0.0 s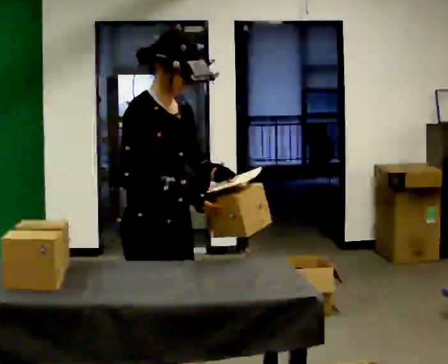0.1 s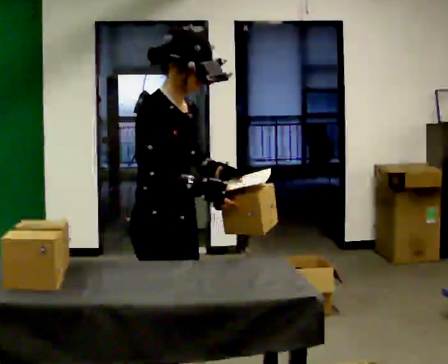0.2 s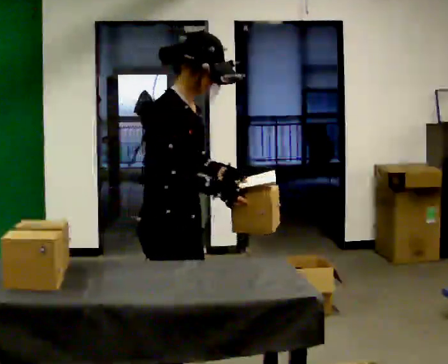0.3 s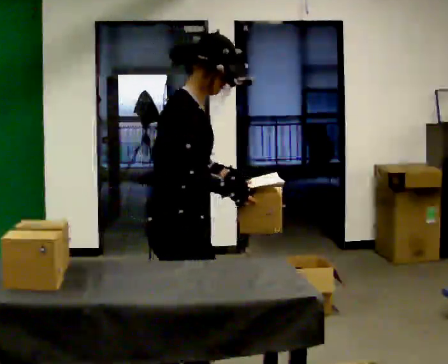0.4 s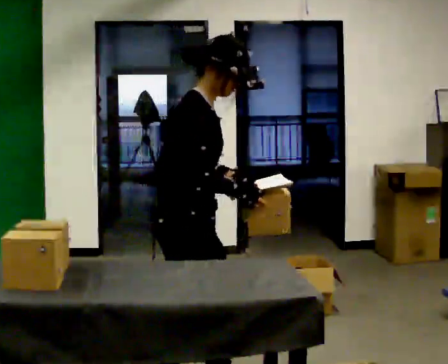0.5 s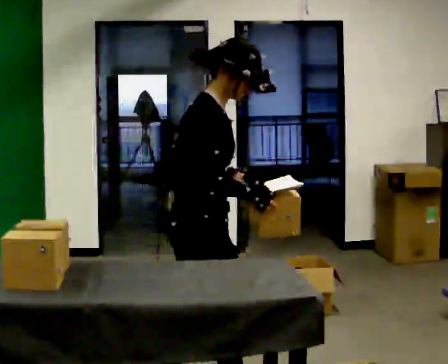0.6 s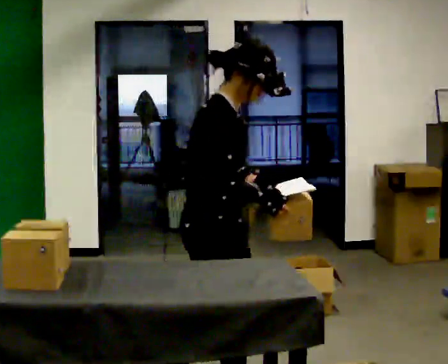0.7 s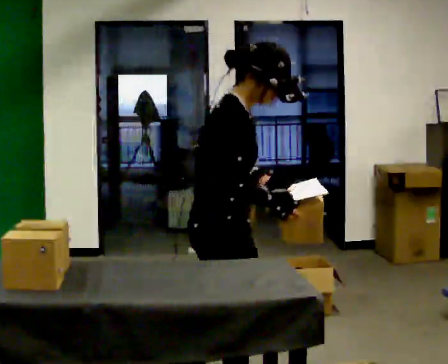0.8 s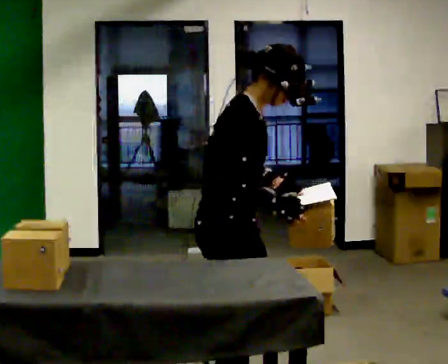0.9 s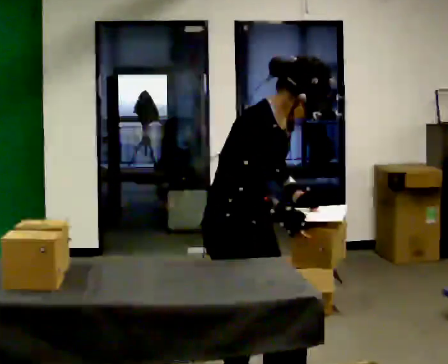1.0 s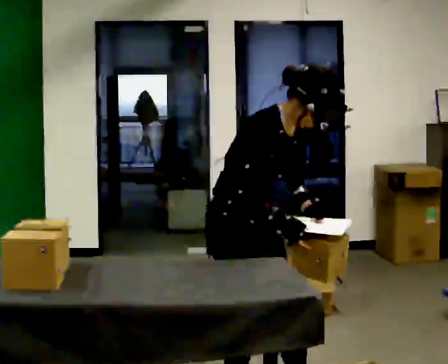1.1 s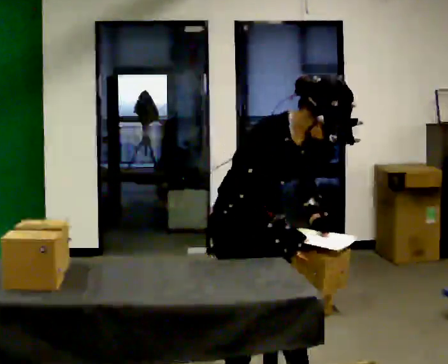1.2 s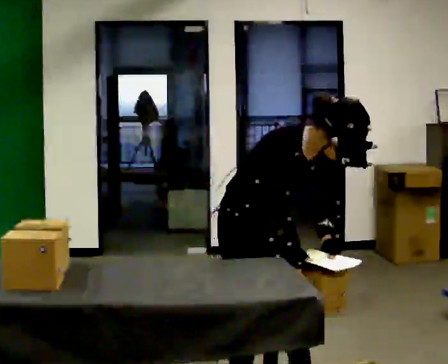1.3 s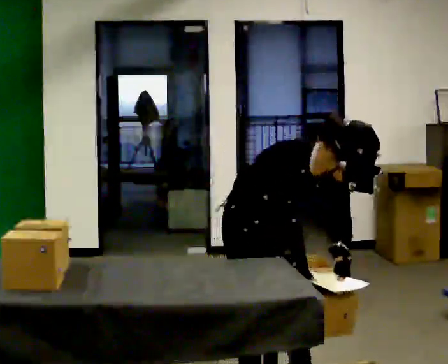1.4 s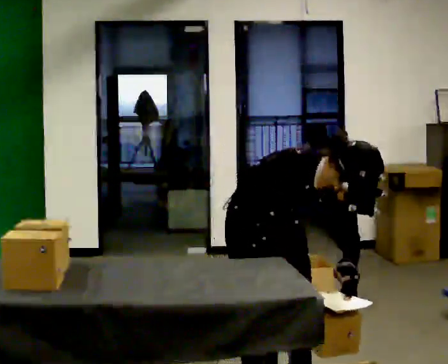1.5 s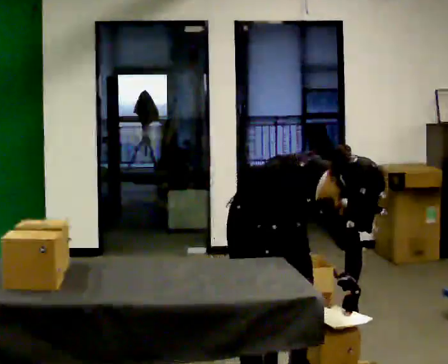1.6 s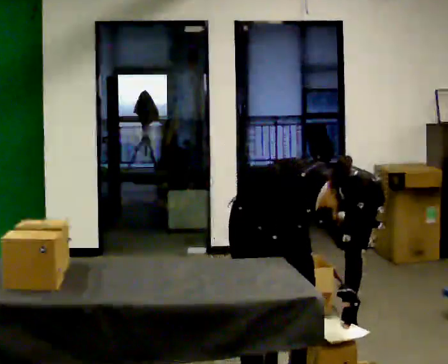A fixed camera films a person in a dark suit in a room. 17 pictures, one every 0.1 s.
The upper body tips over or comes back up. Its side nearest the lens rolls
downward.
Their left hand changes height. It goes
downward.
0.0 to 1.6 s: The part of the body nearest the lens slides to the left as the person turns to their right by about 30 degrees. In the picture they go to the right and away from the camera, about 0.5 m in 2 steps. The upper body goes downward. The upper body tips toward the camera, its near side rolling downward, as they bend forward. In the picture their right hand goes downward.
The film runs forward here.
